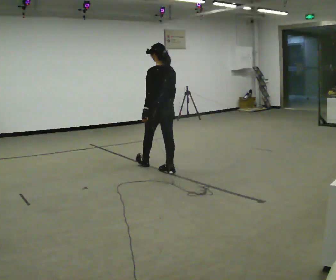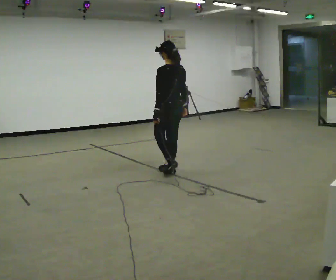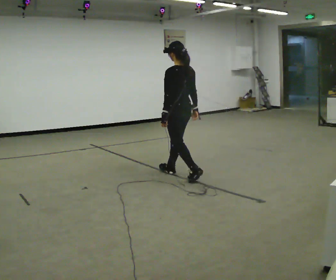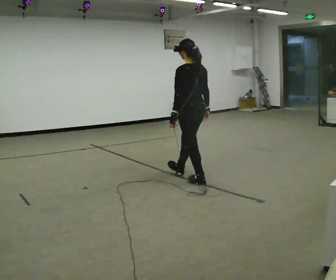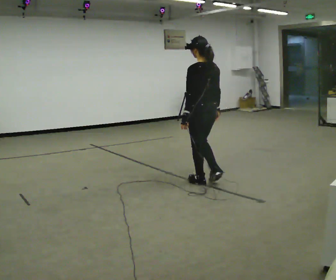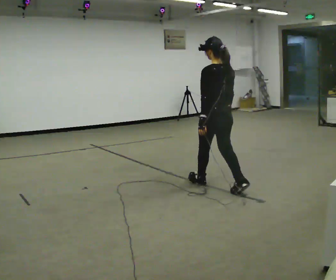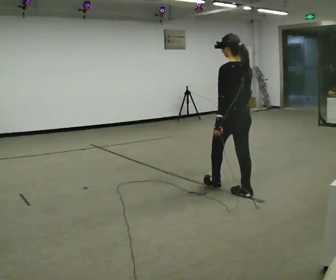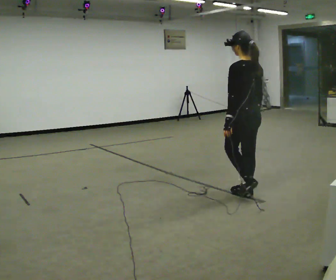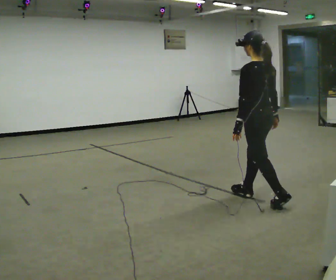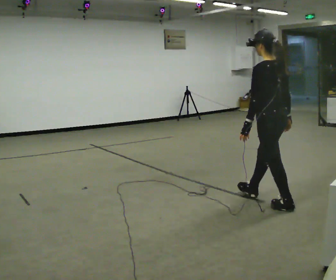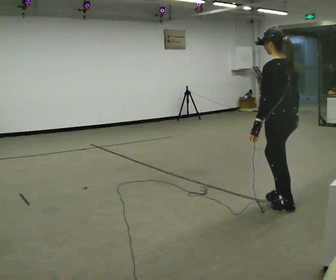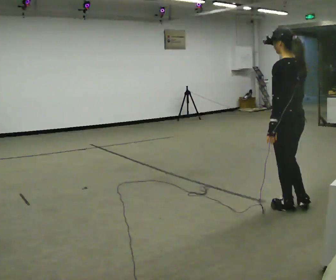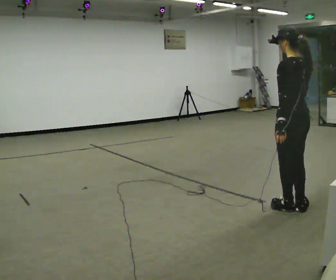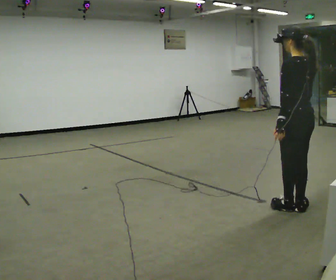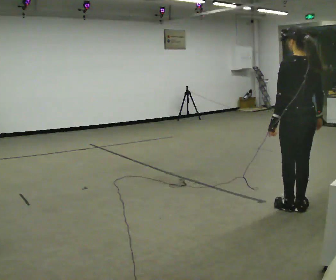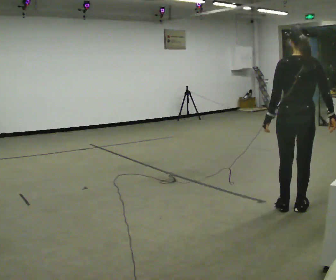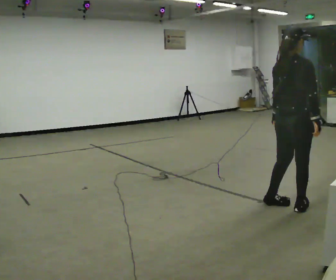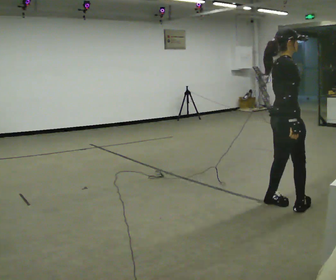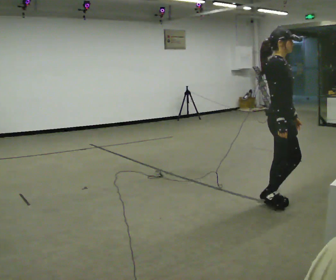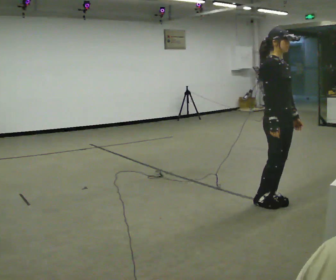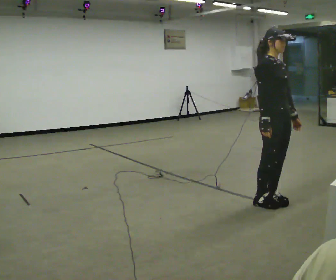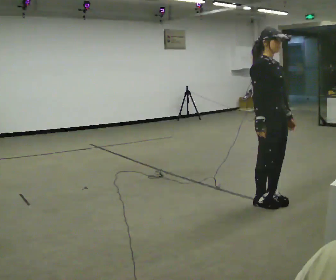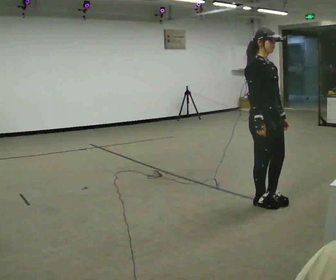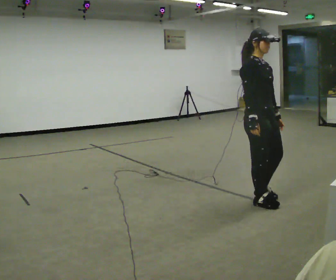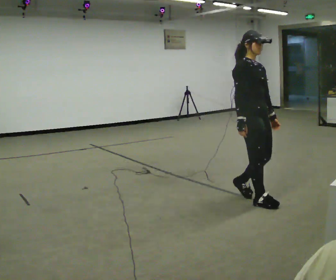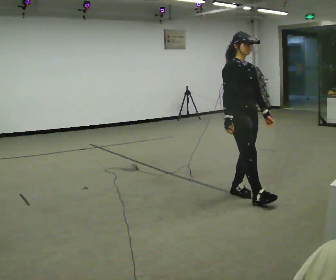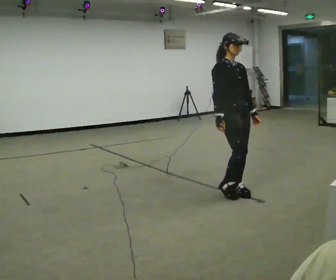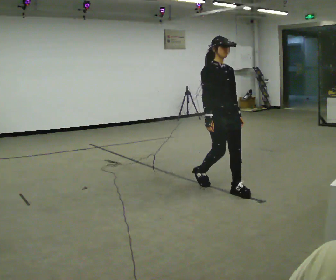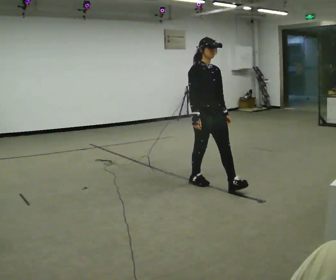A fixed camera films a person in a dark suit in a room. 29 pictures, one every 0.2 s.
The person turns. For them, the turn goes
to their right.
The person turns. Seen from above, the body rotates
clockwise.
0.0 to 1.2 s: In the picture they go to the right and toward the camera, about 1.5 m in 2 steps, which for them is backward.
1.2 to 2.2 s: In the picture they go to the right and toward the camera, about 0.75 m in 1 step, which for them is backward.
2.2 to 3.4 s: Seen from above the body turns clockwise, about 120 degrees: to their right, with its near side sliding to the left.
3.4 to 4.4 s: Seen from above the body turns clockwise, about 45 degrees: to their right, with its near side sliding to the left. In the picture they go to the left, about 0.25 m, which for them is backward.
4.4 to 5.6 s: In the picture they go to the left and away from the camera, about 1 m in 3 steps, which for them is backward.
The film runs backward here.
